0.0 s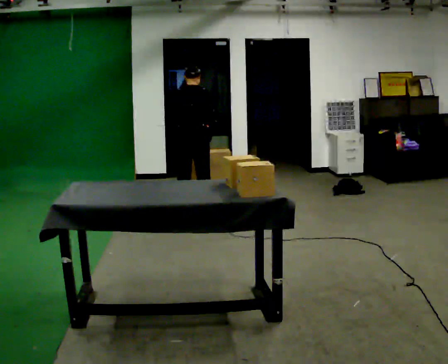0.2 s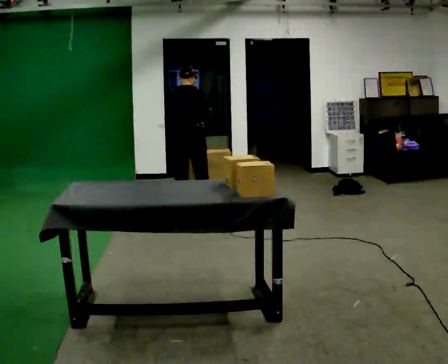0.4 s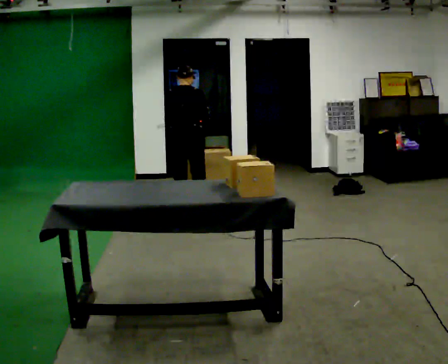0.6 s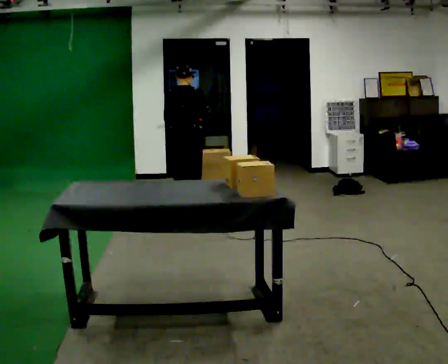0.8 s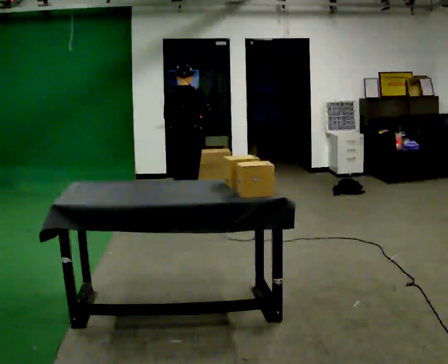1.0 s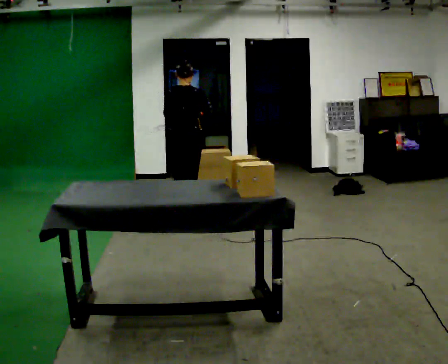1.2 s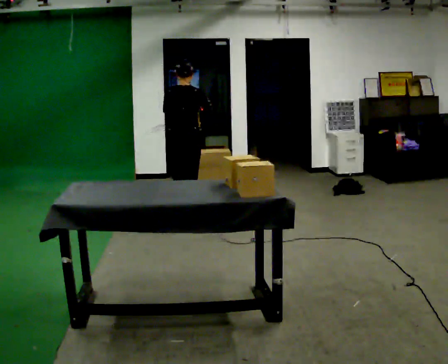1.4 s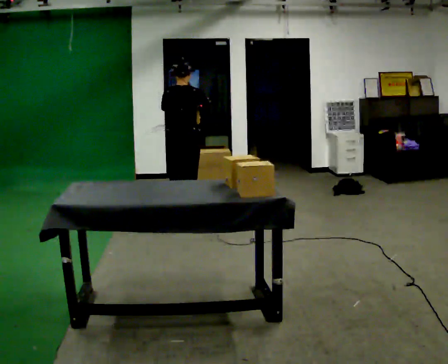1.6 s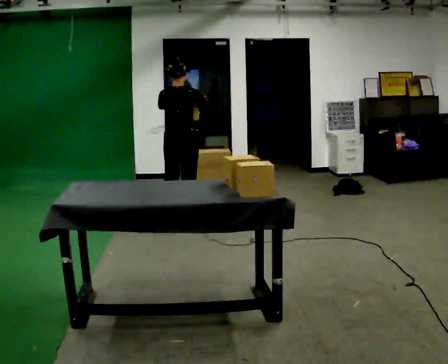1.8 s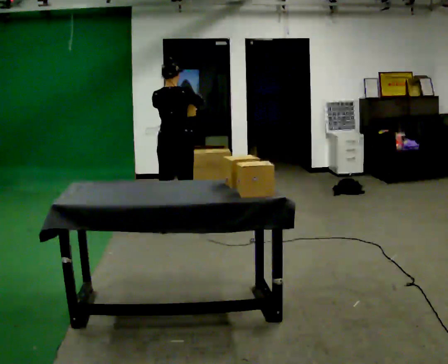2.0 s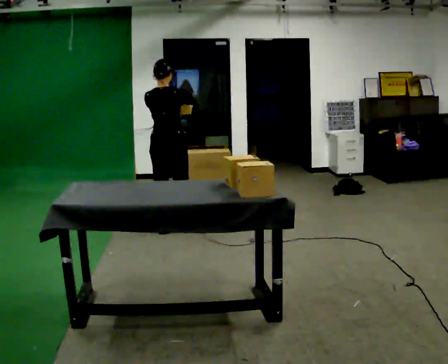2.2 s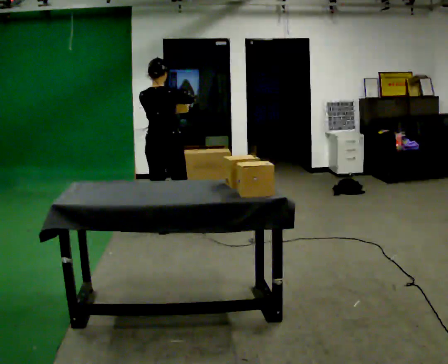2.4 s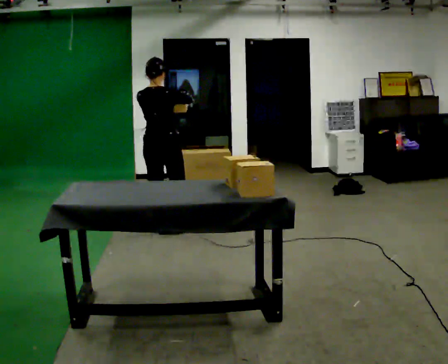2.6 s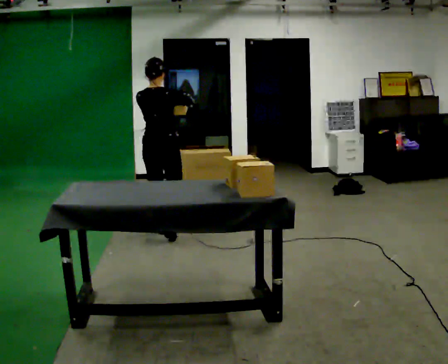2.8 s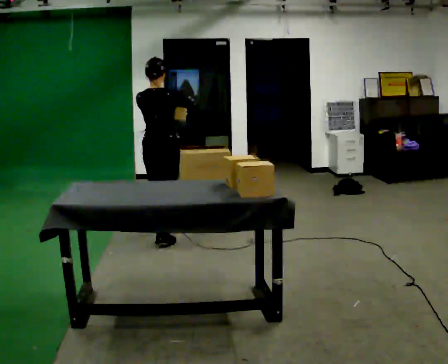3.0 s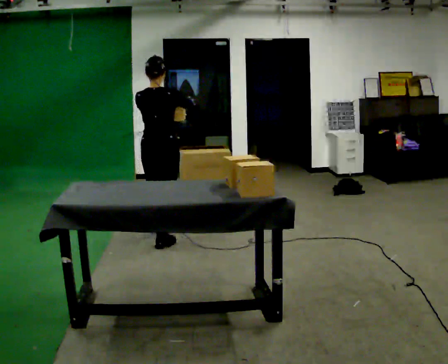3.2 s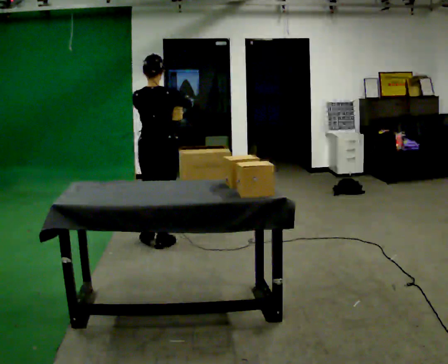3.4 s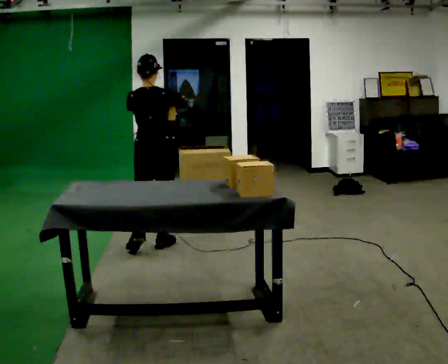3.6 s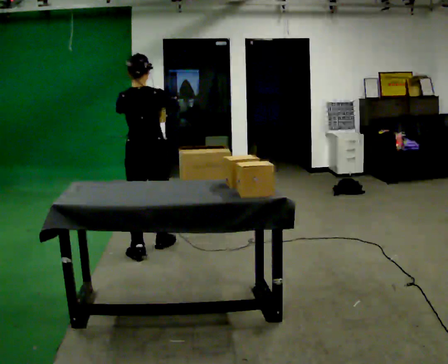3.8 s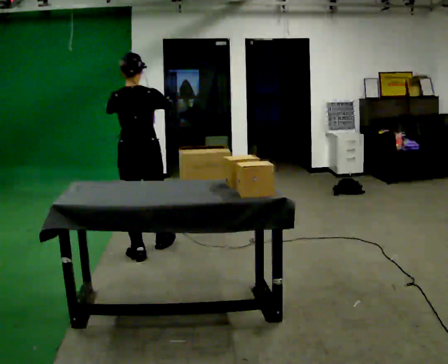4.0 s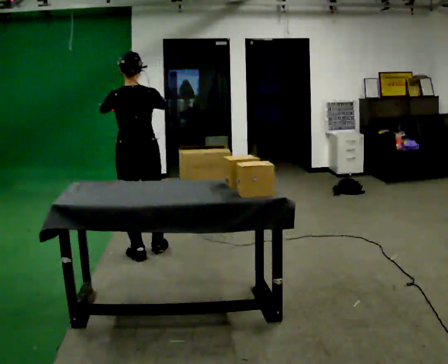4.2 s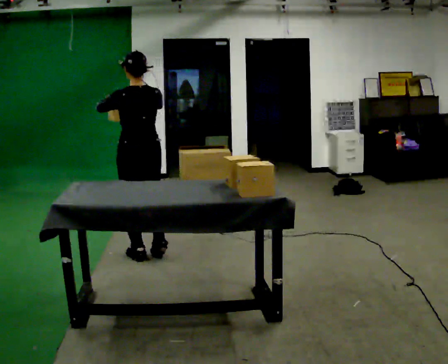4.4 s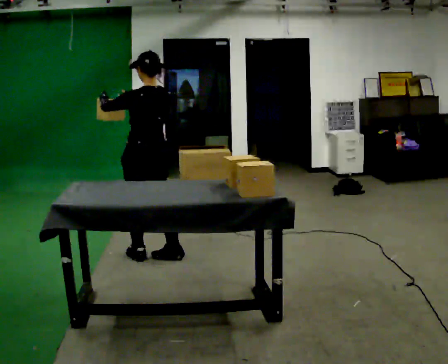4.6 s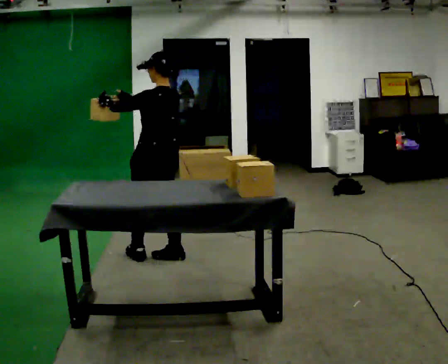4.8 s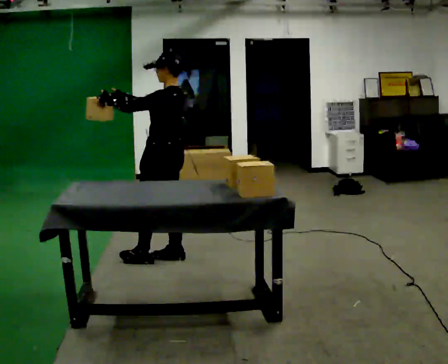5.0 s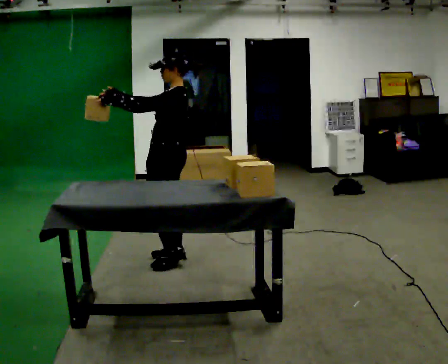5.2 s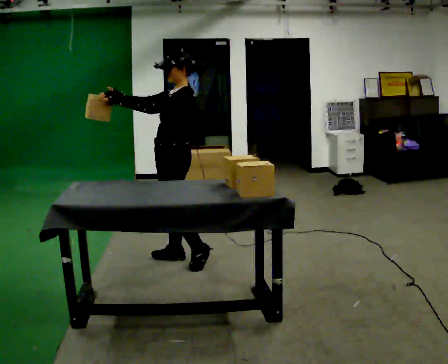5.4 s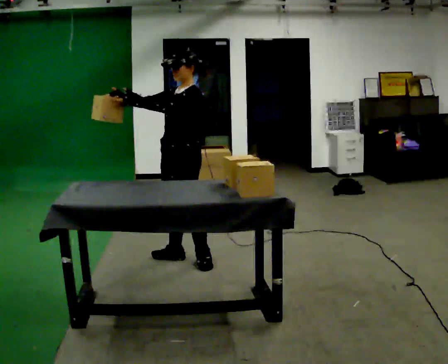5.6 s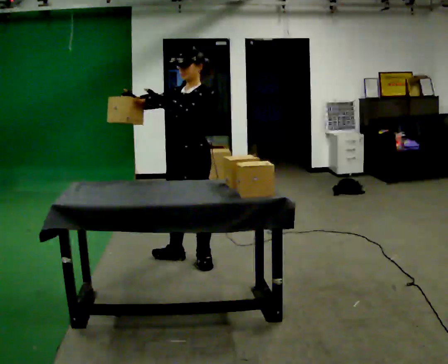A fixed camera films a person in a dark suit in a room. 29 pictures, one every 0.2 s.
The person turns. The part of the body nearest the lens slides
to the right.
The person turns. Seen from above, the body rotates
counterclockwise.
0.0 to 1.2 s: In the picture they go toward the camera, about 0.25 m in 1 step, which for them is backward.
1.2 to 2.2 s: In the picture they go toward the camera and to the left, about 0.25 m in 2 steps, which for them is backward and to their left.
2.2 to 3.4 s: In the picture they go toward the camera, about 0.5 m in 1 step, which for them is backward.
3.4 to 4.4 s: The part of the body nearest the lens slides to the right as the person turns to their left by about 45 degrees. In the picture they go toward the camera, about 0.25 m in 1 step, which for them is backward.
4.4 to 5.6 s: The part of the body nearest the lens slides to the right as the person turns to their left by about 90 degrees. In the picture they go to the right, about 0.25 m in 1 step.
The film runs backward here.
